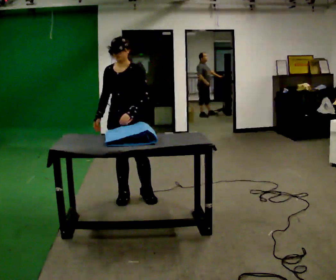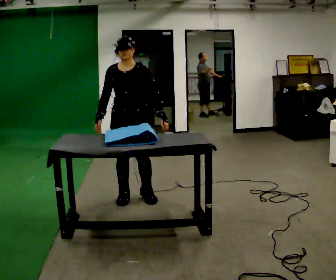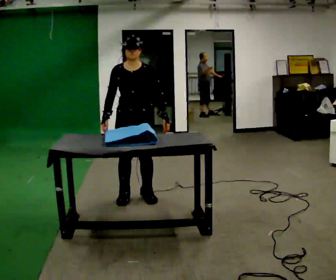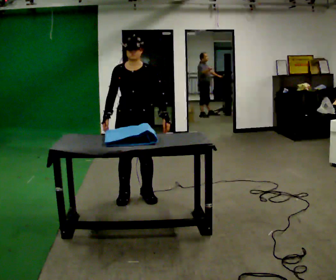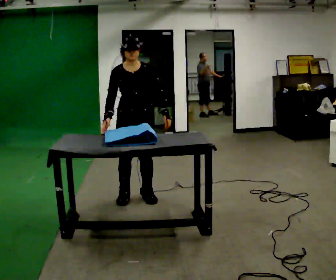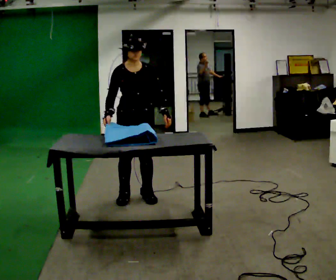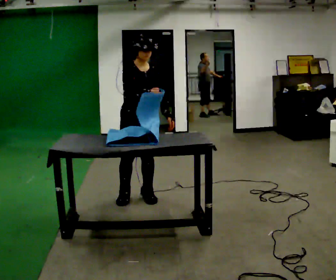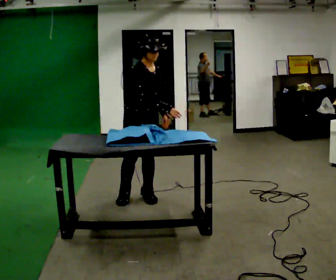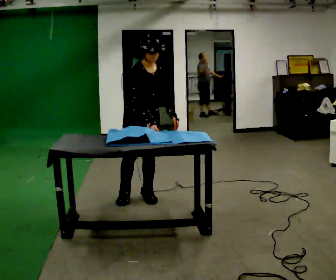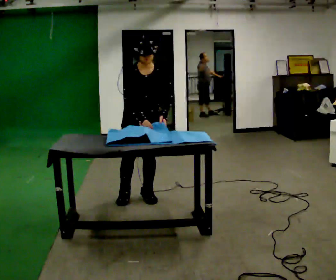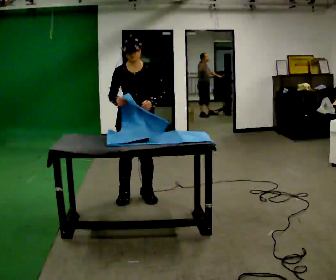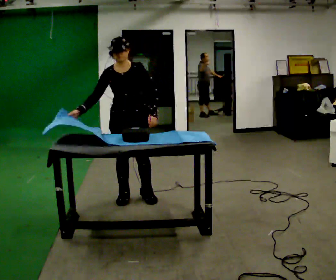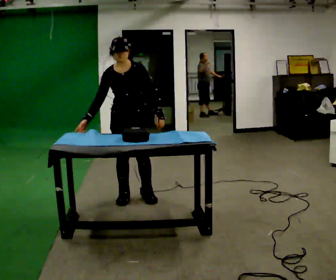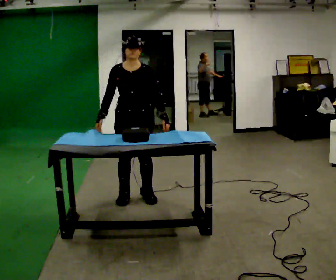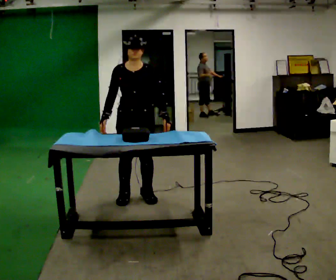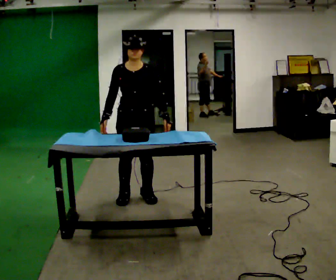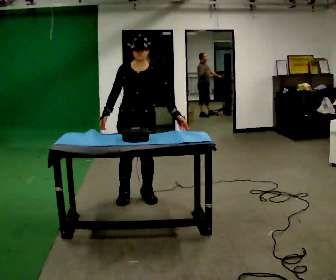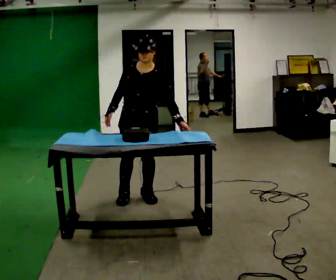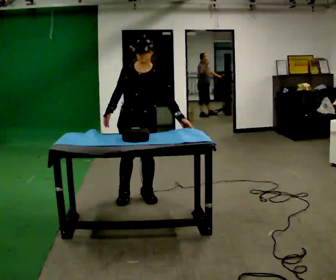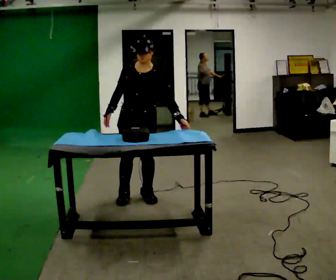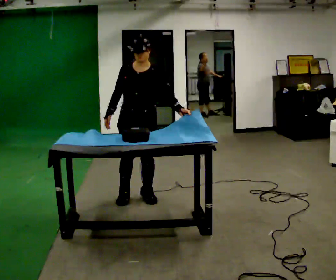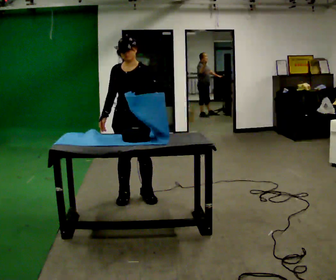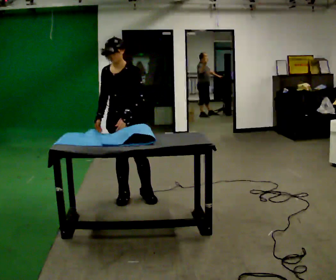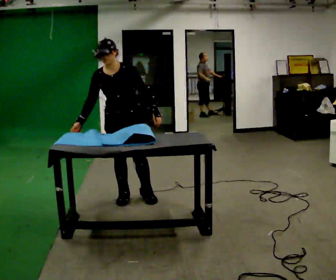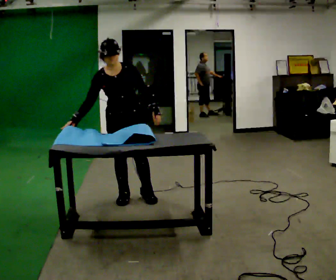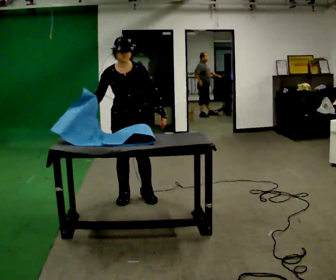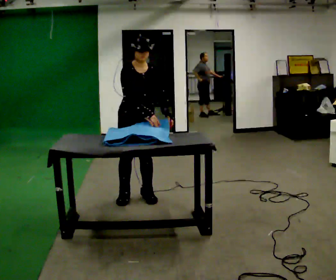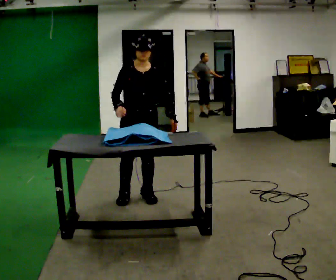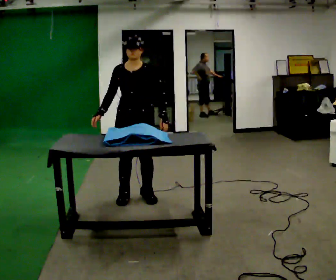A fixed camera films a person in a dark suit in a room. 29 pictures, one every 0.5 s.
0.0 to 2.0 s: In the picture their left hand goes to the right.
2.0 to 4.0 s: In the picture their right hand goes to the right.
4.0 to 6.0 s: The person turns about 30 degrees to their right, clockwise seen from above, so the part of the body nearest the lens slides to the left. In the picture their right hand goes to the left.
6.0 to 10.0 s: The person moves a little, or ends about where they began.
10.0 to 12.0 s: In the picture they go to the left, about 0.25 m, which for them is to their right. In the picture the upper body tilts counterclockwise, shoulders to the left.
12.0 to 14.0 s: The person moves a little, or ends about where they began.
The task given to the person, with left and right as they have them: Wrap the cloth around the object and tuck it in, then unwrap it. Repeat at your own pace until the operator says stop. Keep both feet on the marked spots for the whole take. If you have to step, stop and tell the operator.
The film runs forward here.
